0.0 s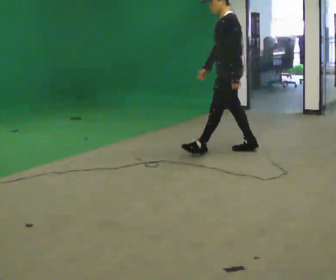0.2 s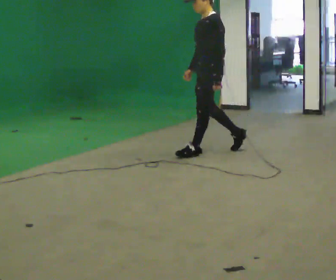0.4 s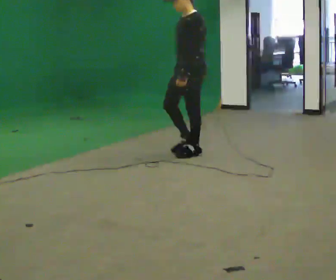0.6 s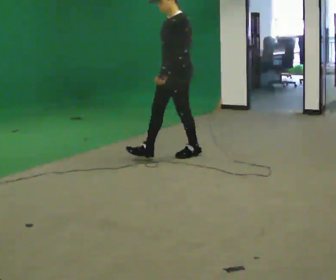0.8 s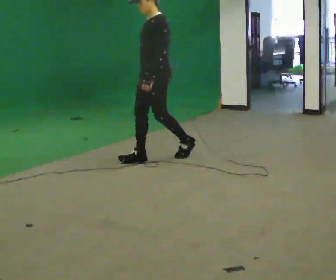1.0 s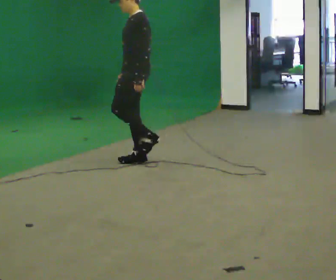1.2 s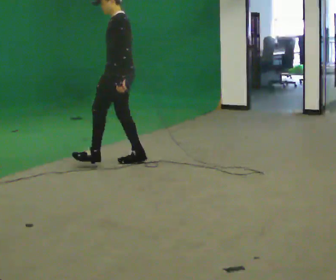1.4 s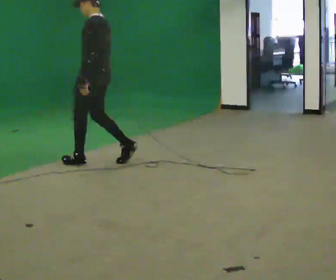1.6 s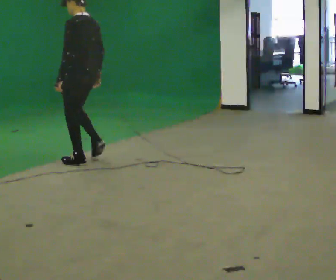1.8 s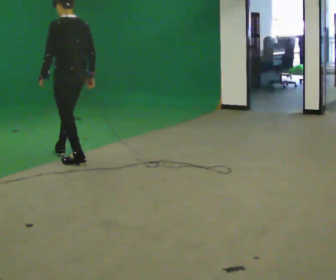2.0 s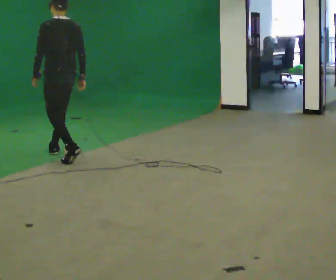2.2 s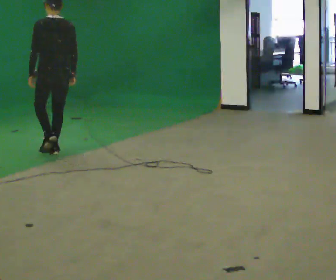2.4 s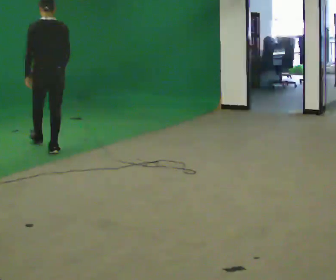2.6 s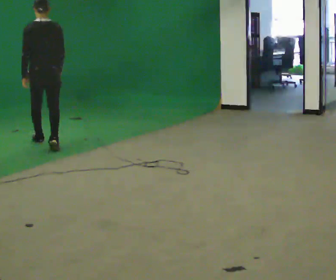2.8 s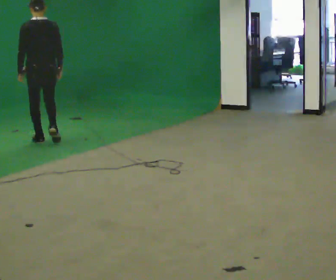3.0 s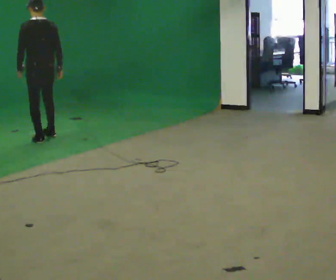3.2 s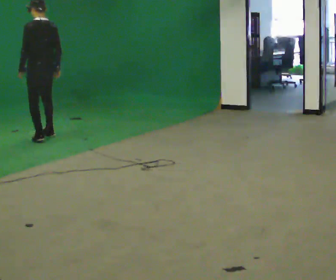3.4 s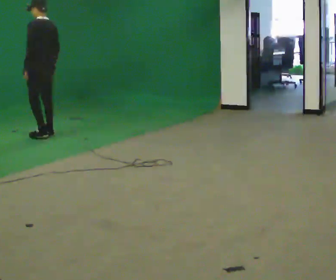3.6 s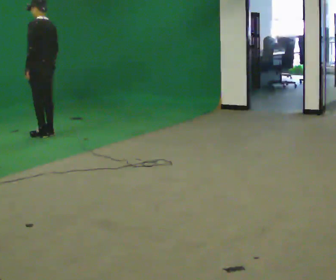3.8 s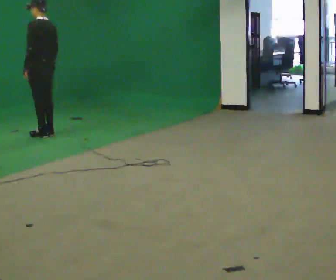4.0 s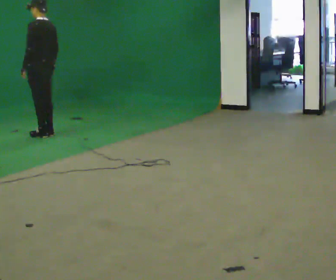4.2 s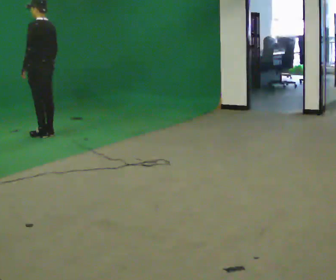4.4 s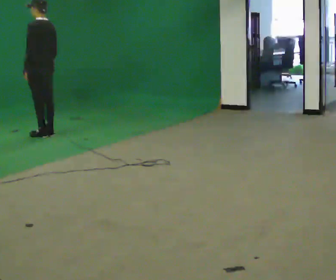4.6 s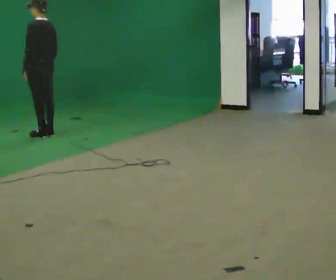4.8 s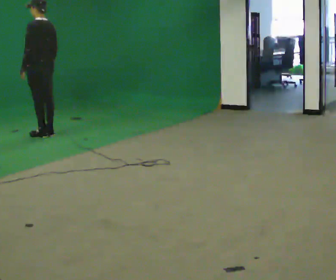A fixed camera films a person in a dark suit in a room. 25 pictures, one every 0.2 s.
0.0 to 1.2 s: In the picture they go to the left, about 1 m in 2 steps, which for them is forward.
1.2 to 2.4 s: The part of the body nearest the lens slides to the left as the person turns to their right by about 60 degrees. In the picture they go away from the camera and to the left, about 1 m in 2 steps.
2.4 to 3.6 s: Seen from above the body turns counterclockwise, about 45 degrees: to their left, with its near side sliding to the right. In the picture they go away from the camera, about 1 m in 3 steps, which for them is forward.
3.6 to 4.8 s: The person moves a little, or ends about where they began.
The film runs forward here.
